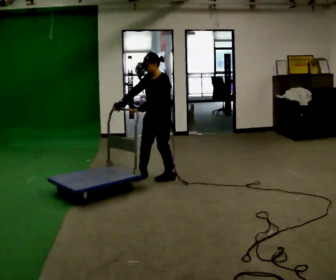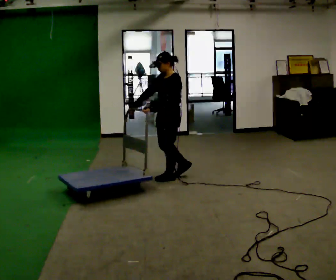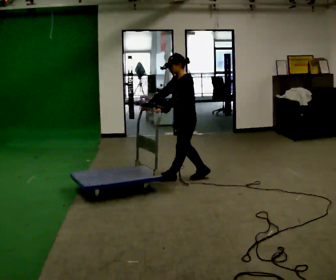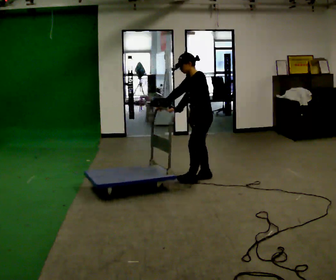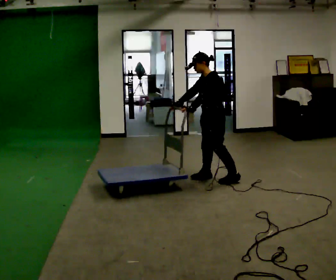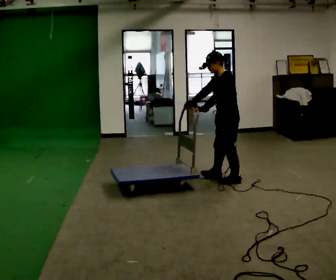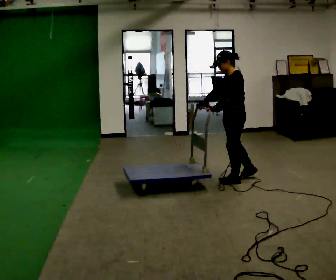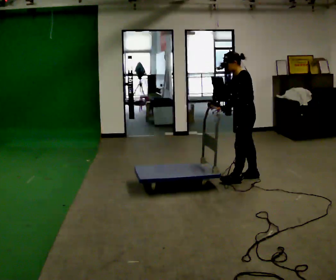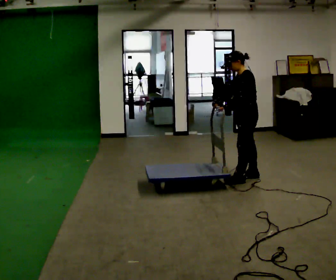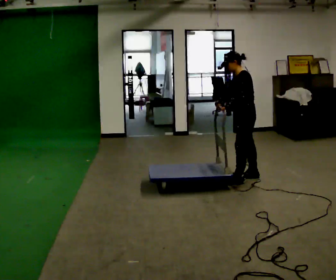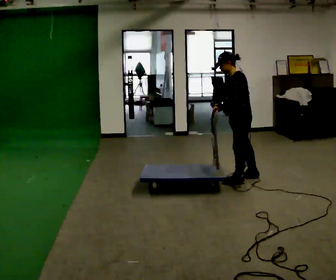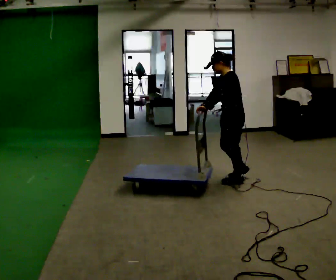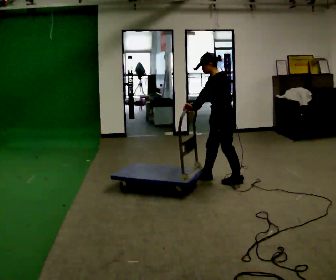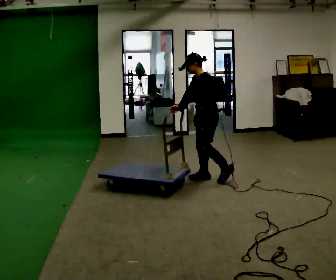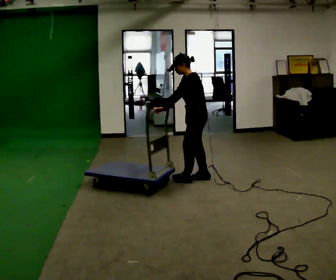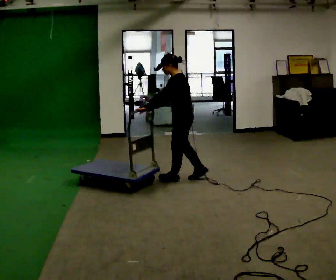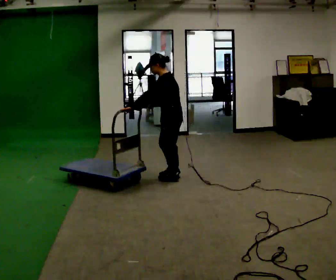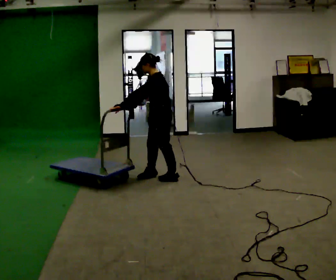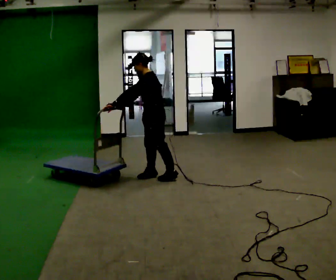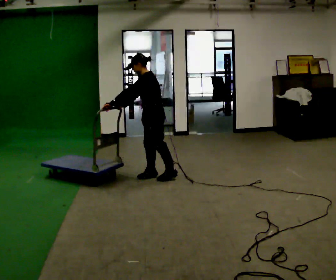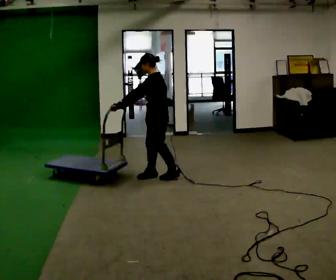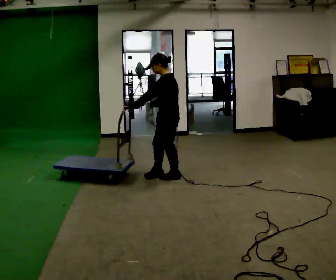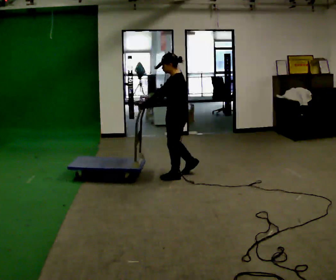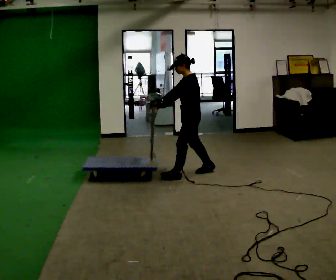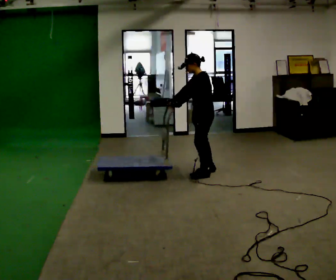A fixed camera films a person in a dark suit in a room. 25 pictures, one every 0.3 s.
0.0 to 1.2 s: Seen from above the body turns clockwise, about 30 degrees: to their right, with its near side sliding to the left. In the picture they go to the right, about 0.75 m in 1 step, which for them is backward and to their left.
1.2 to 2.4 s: In the picture they go to the right, about 0.5 m in 2 steps, which for them is backward.
2.4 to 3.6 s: In the picture they go to the left, about 0.25 m, which for them is forward.
3.6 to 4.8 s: In the picture they go to the left, about 0.5 m in 2 steps, which for them is forward.
4.8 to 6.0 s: In the picture they go to the left, about 0.25 m in 1 step, which for them is forward and to their right.
6.0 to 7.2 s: In the picture they go to the right and away from the camera, about 0.5 m in 1 step, which for them is backward.
The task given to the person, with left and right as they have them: Get the cart into the marked parking space and lined up with the tape. Take as many adjustments as you need. Then take it out again and repeat.
The film runs forward here.
